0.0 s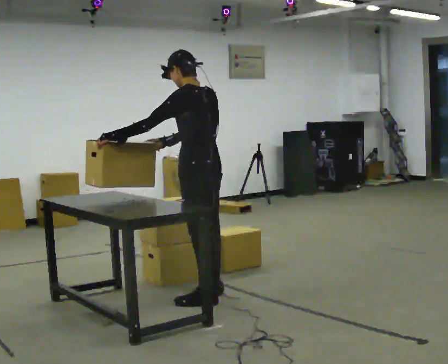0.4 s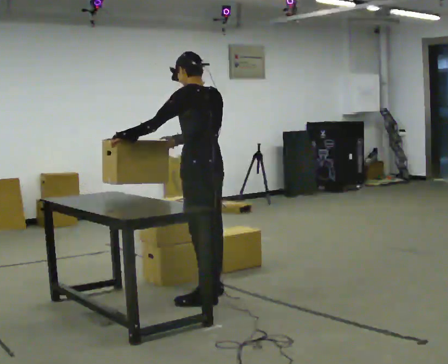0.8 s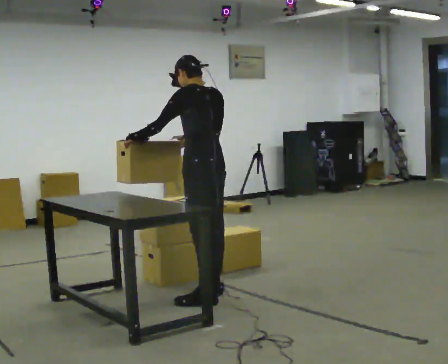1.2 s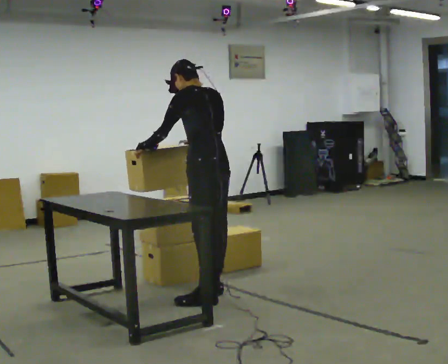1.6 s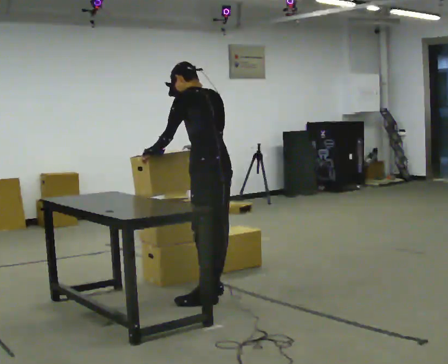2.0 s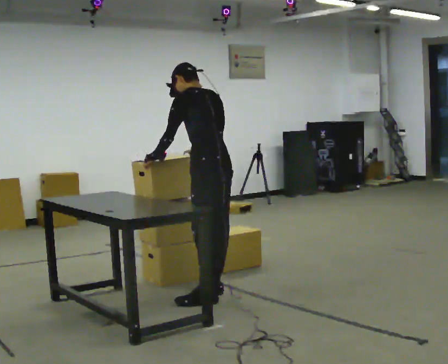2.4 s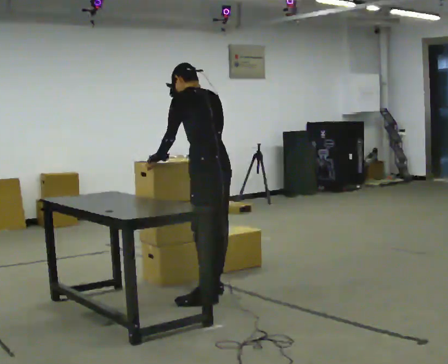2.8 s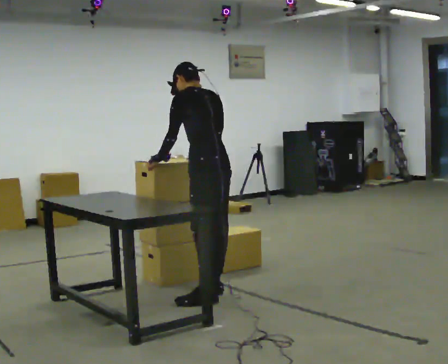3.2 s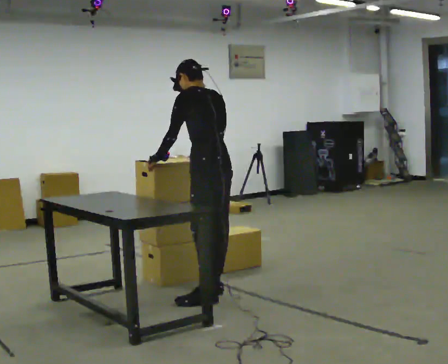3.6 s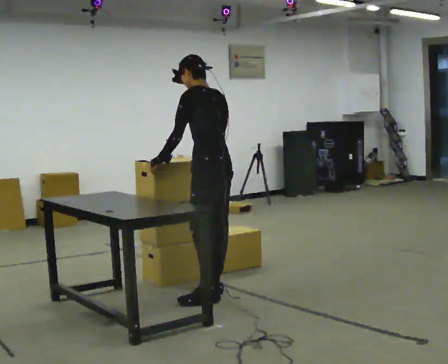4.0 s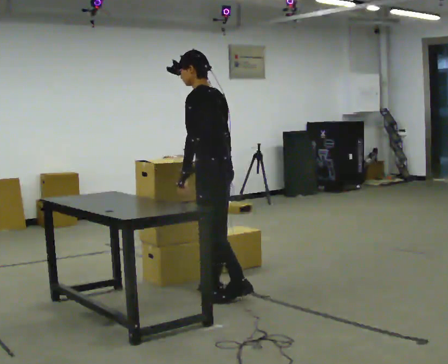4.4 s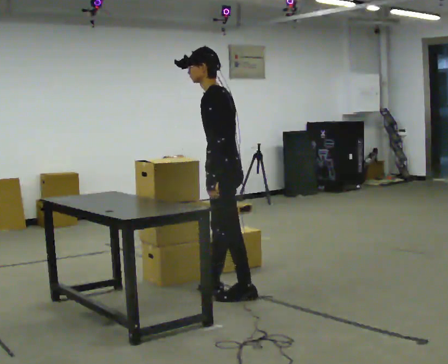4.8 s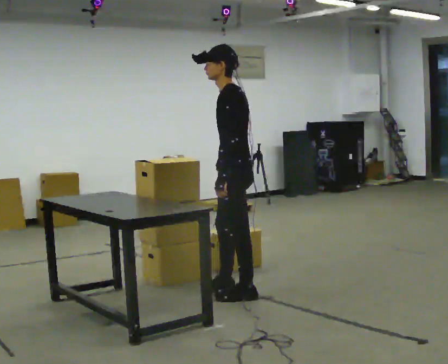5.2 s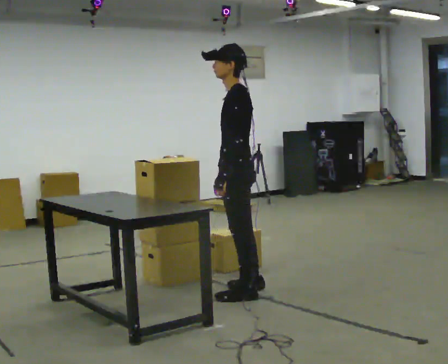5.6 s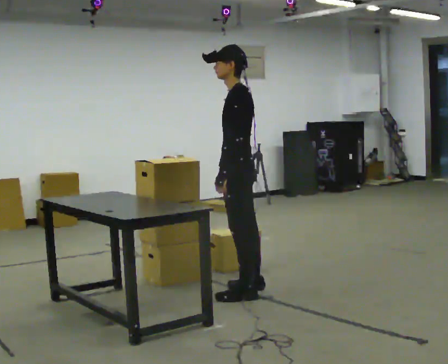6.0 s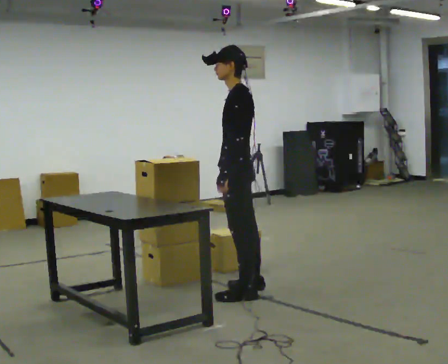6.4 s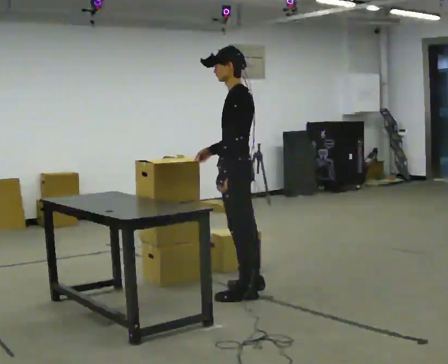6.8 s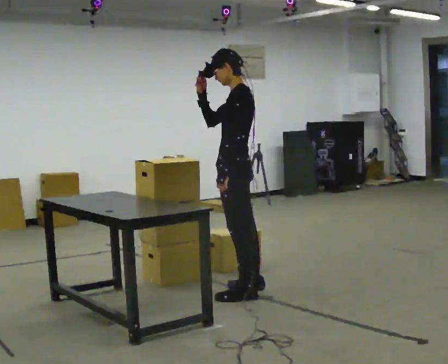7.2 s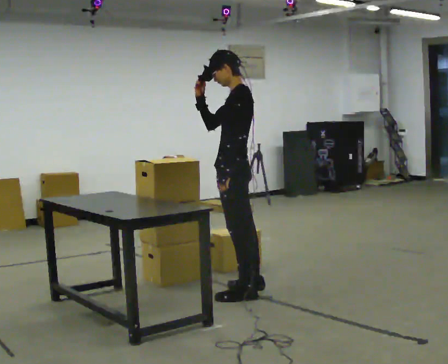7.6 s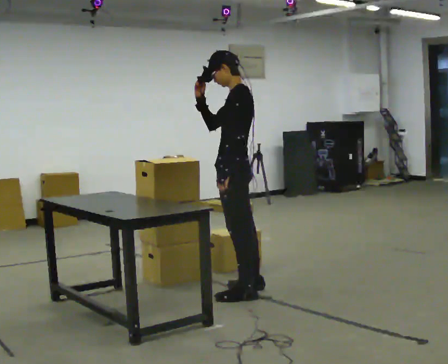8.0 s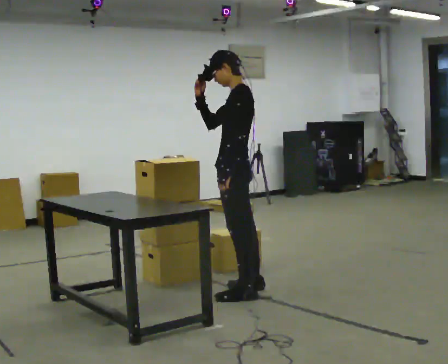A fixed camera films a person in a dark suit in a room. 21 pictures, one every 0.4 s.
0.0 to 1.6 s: In the picture they go away from the camera, about 0.25 m, which for them is to their right.
1.6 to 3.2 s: The person moves a little, or ends about where they began.
3.2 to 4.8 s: The person turns about 30 degrees to their left, counterclockwise seen from above, so the part of the body nearest the lens slides to the right. In the picture they go to the right, about 0.25 m in 1 step, which for them is backward. In the picture their left hand goes to the right.
4.8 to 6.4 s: The person moves a little, or ends about where they began.
6.4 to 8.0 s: In the picture their right hand goes upward.
The film runs forward here.
